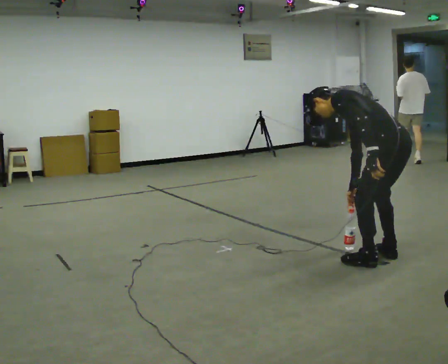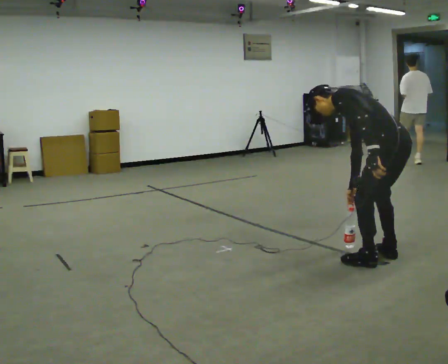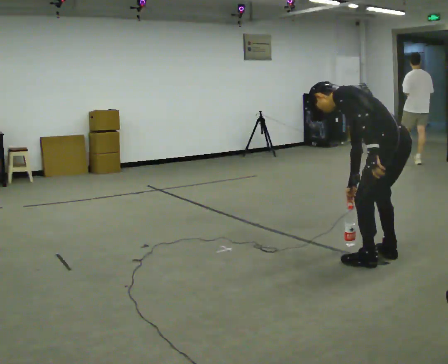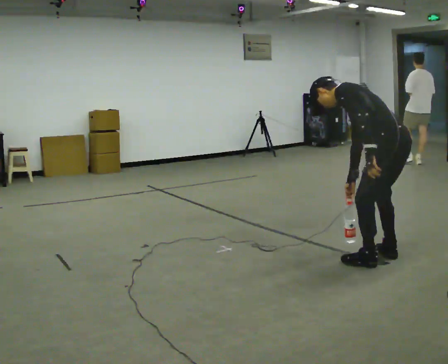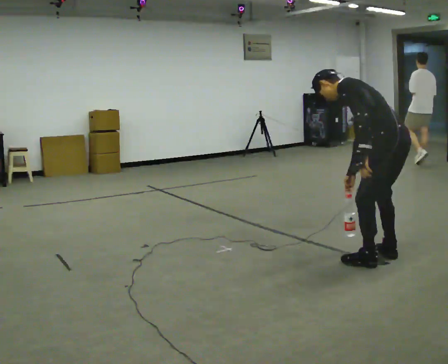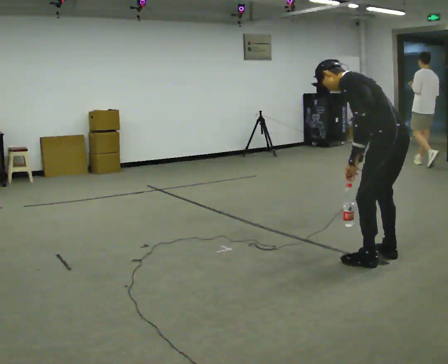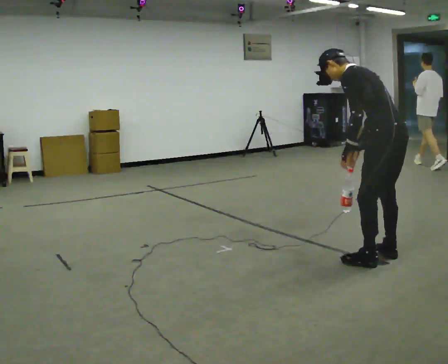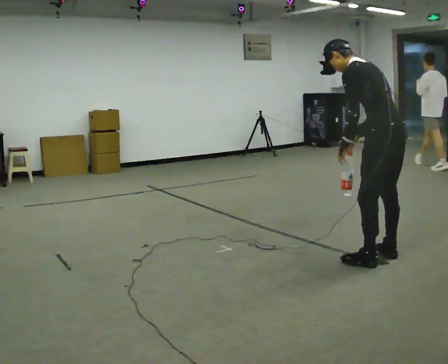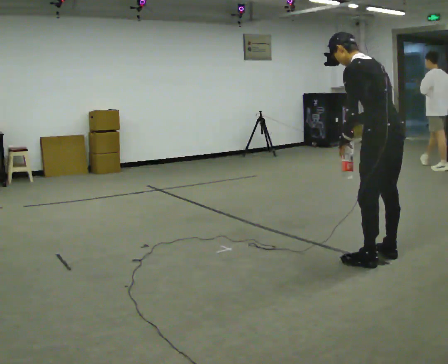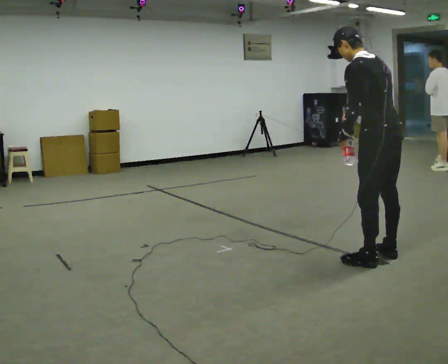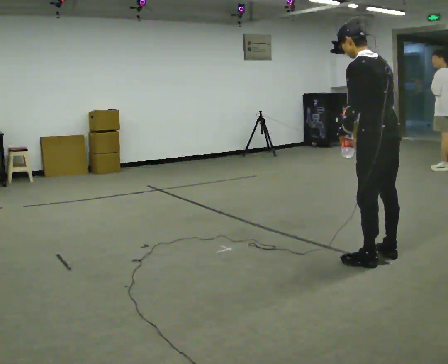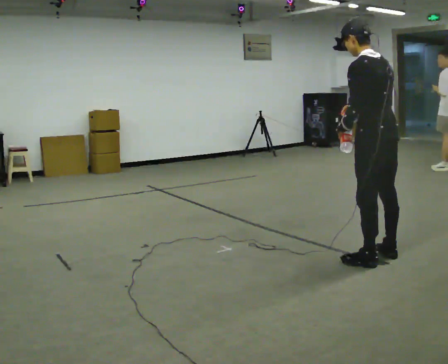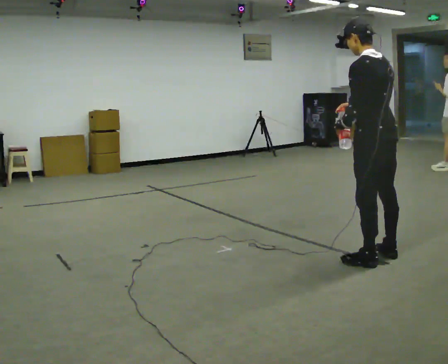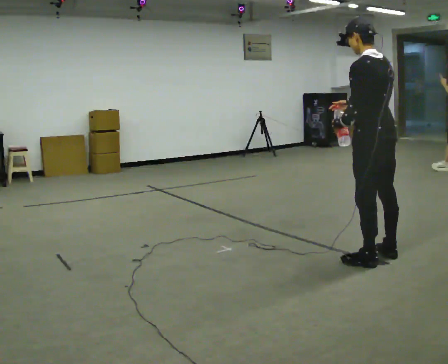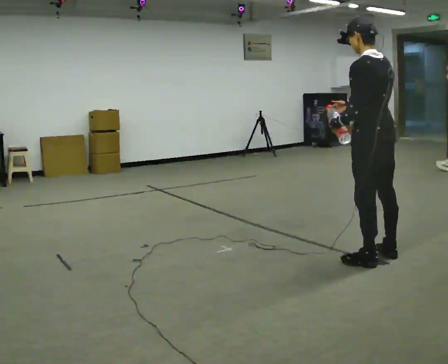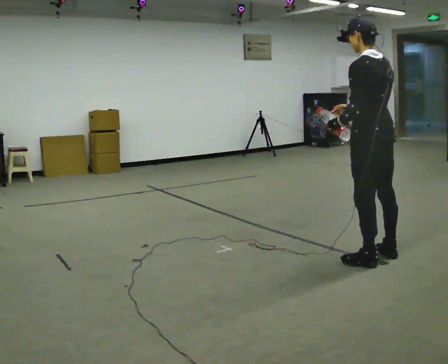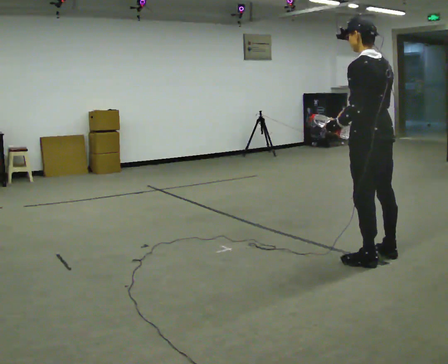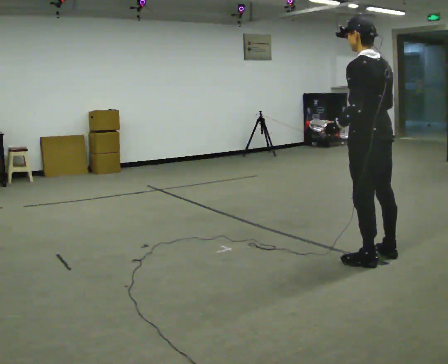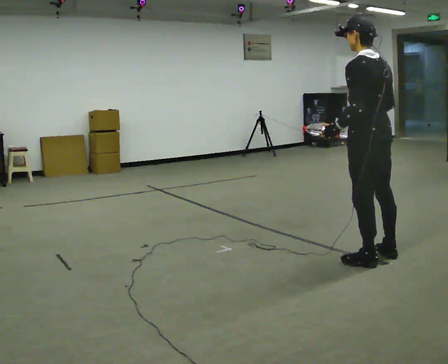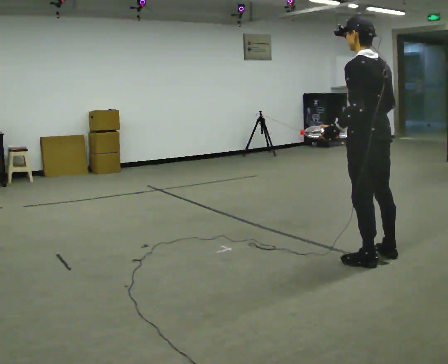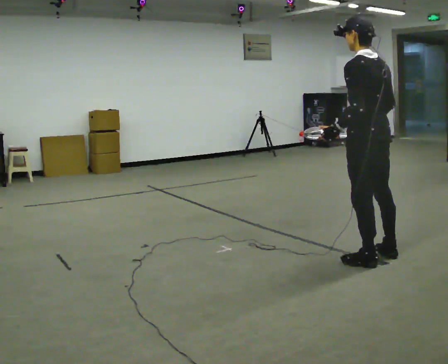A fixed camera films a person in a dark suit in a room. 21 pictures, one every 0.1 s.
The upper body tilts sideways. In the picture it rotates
clockwise.
Their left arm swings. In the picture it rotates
clockwise.
0.0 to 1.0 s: The shoulders move upward. In the picture the upper body tilts clockwise, shoulders to the right, as they lean back or straighten.
1.0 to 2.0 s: The person moves a little, or ends about where they began.
The film runs backward here.
